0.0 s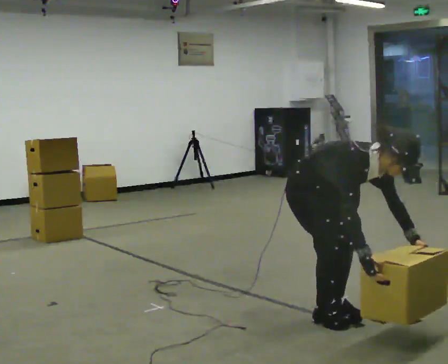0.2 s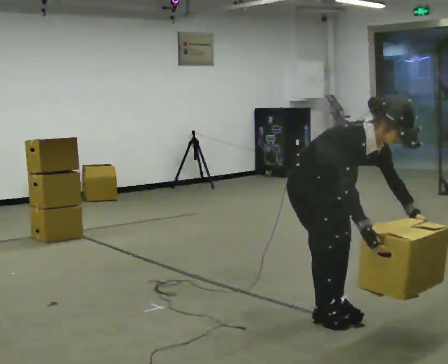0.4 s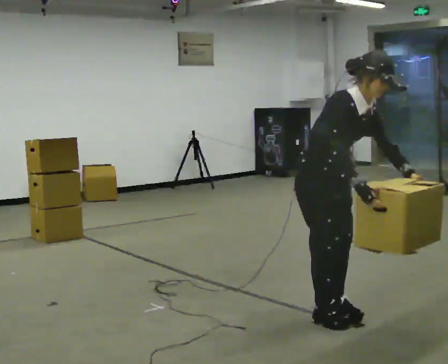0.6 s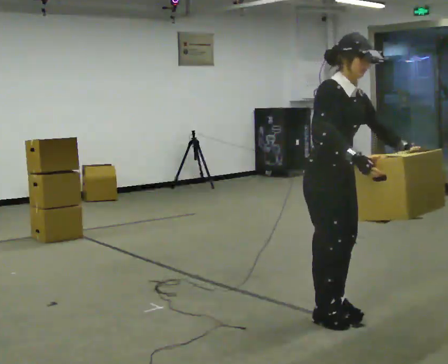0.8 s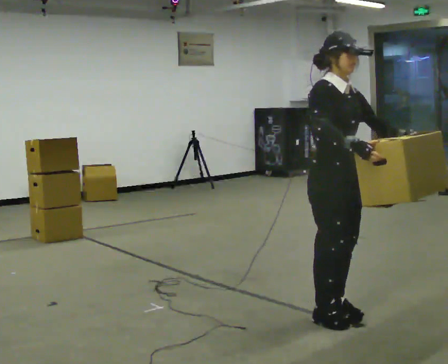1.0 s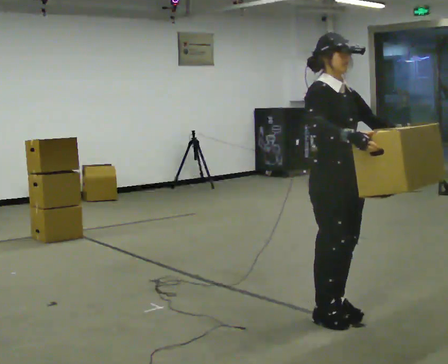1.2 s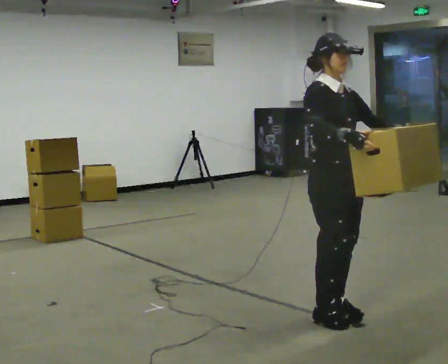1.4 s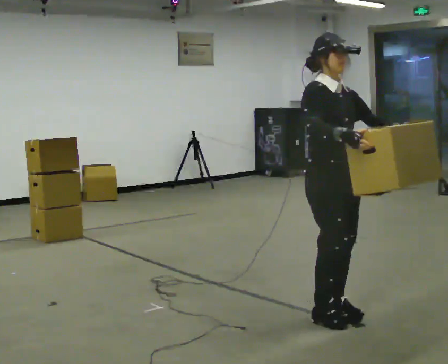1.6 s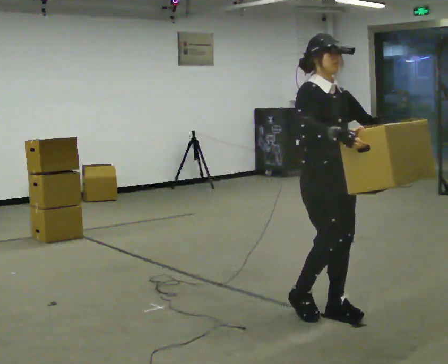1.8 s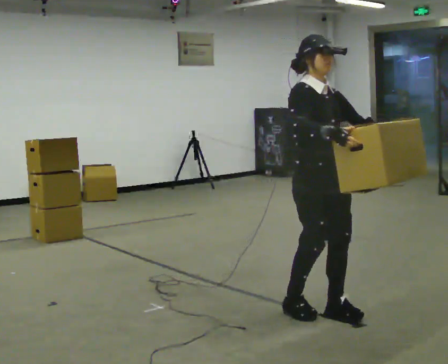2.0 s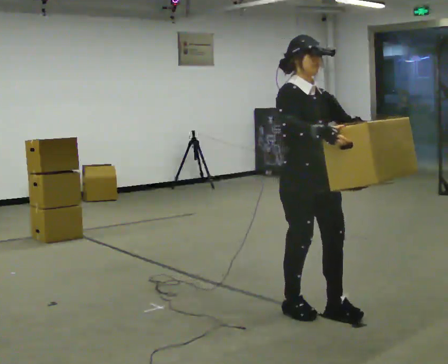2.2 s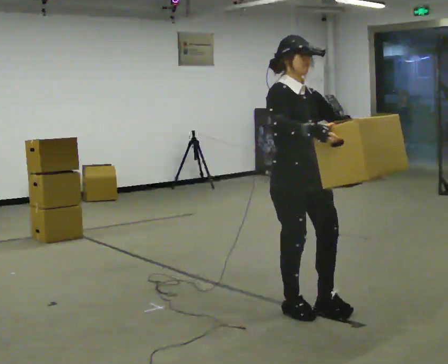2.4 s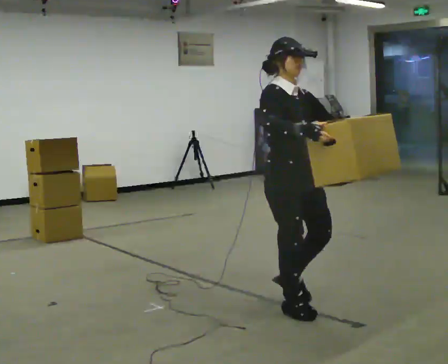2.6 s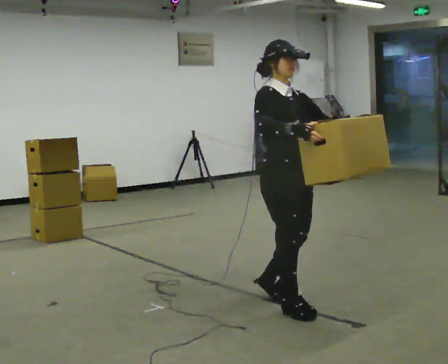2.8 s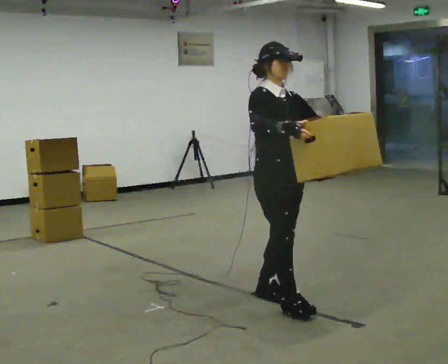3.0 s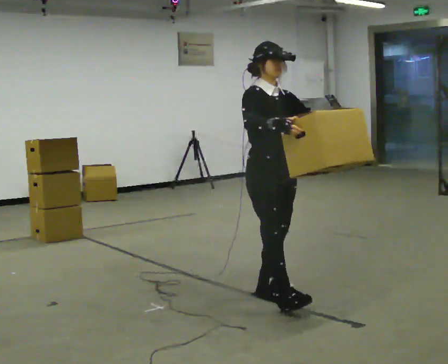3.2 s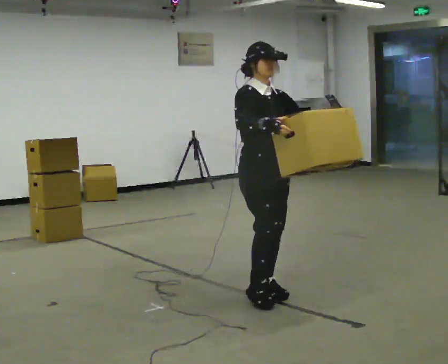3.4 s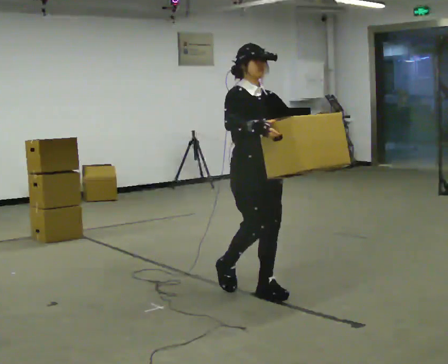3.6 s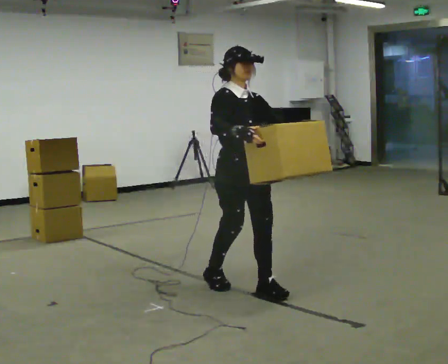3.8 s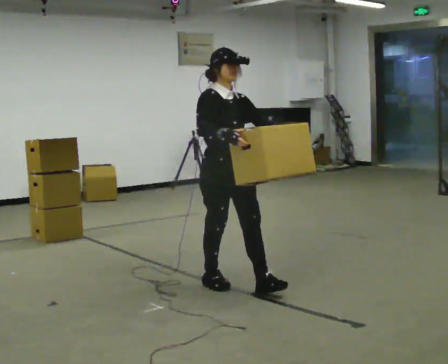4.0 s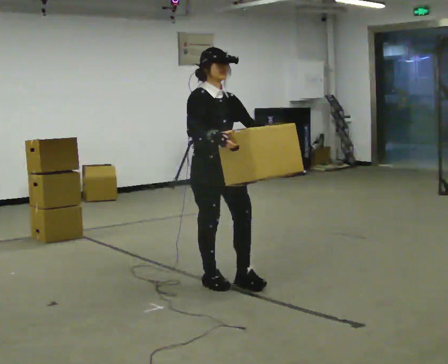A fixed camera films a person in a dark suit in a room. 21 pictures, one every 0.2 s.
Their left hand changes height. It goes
upward.
0.0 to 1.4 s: The upper body goes upward. In the picture the upper body tilts counterclockwise, shoulders to the left, as they lean back or straighten. In the picture their left hand goes upward.
1.4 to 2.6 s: In the picture they go to the left and away from the camera, about 0.25 m in 1 step, which for them is backward.
2.6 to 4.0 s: In the picture they go to the left and away from the camera, about 0.75 m in 2 steps, which for them is backward.
The film runs backward here.
